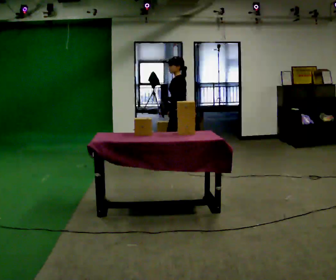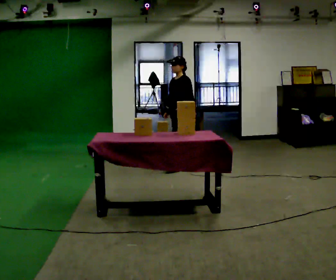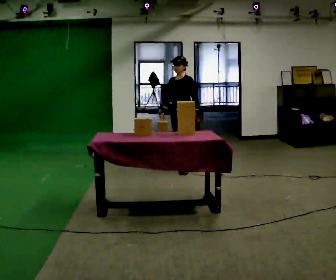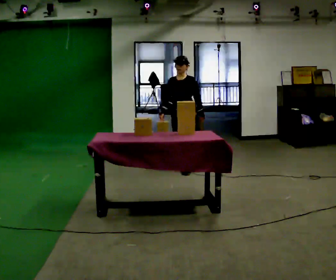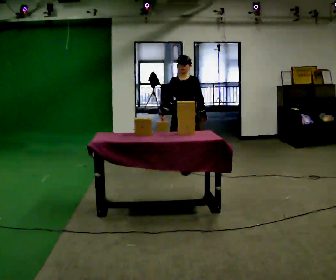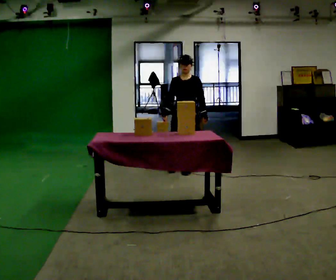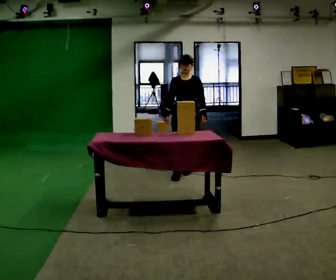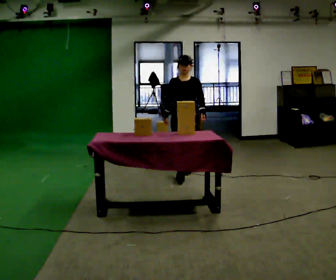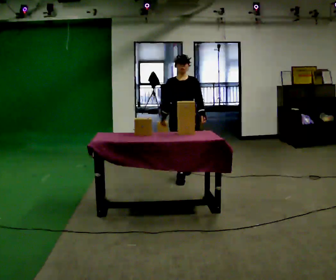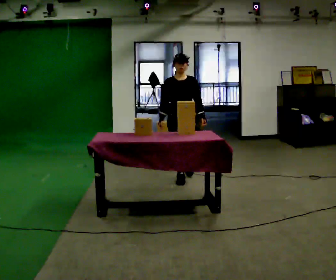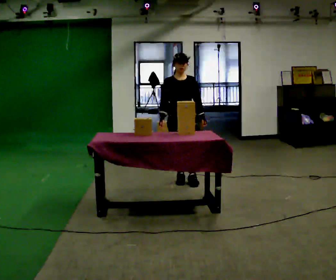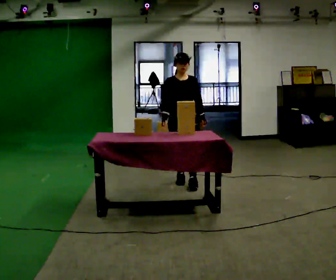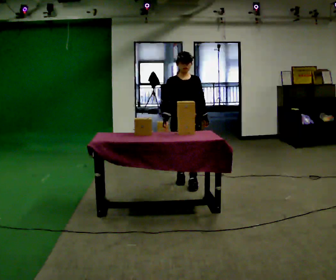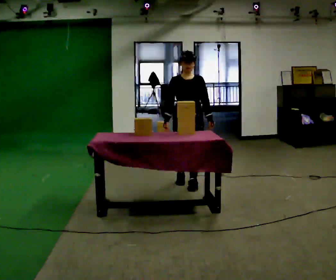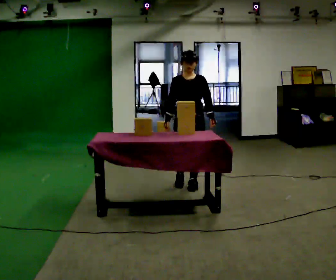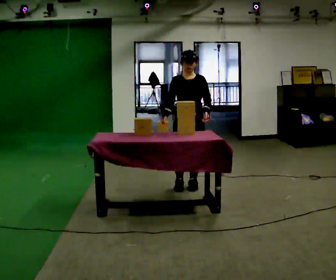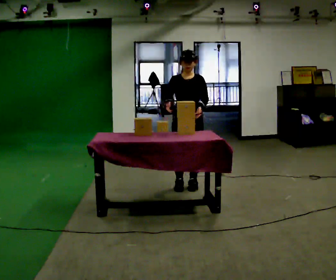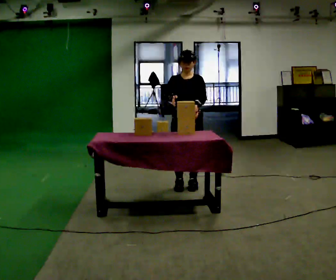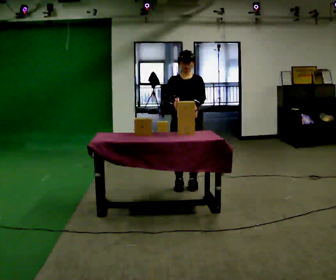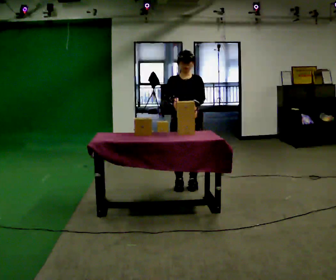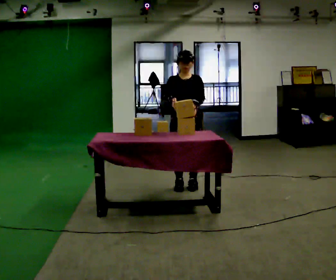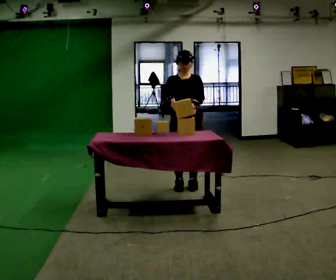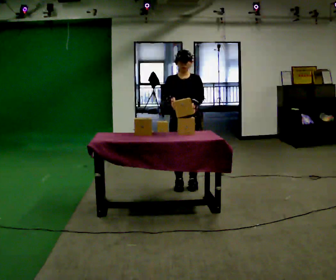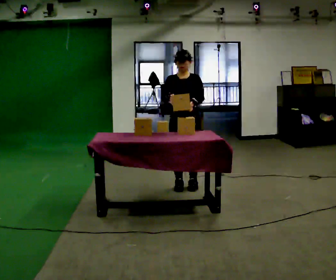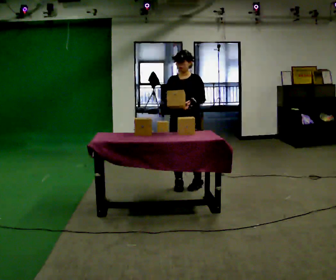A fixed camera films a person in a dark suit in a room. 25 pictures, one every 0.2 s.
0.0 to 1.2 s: The person turns about 75 degrees to their left, counterclockwise seen from above, so the part of the body nearest the lens slides to the right. In the picture they go toward the camera, about 0.5 m in 1 step.
1.2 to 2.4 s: In the picture they go toward the camera, about 0.5 m in 2 steps, which for them is forward.
2.4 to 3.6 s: In the picture they go toward the camera, about 0.25 m in 1 step, which for them is forward.
3.6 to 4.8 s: The person moves a little, or ends about where they began.
The film runs forward here.
